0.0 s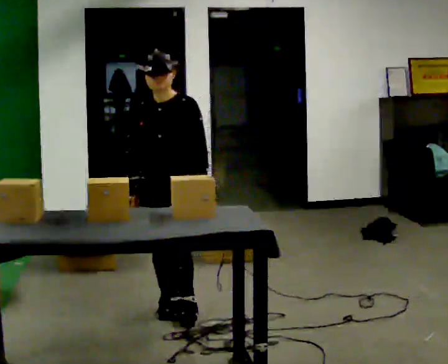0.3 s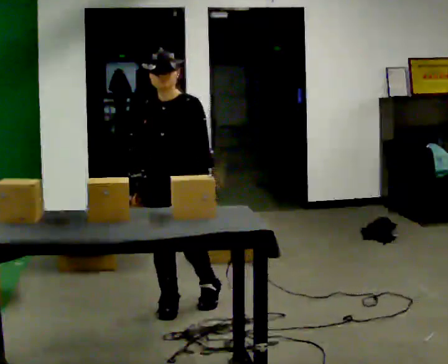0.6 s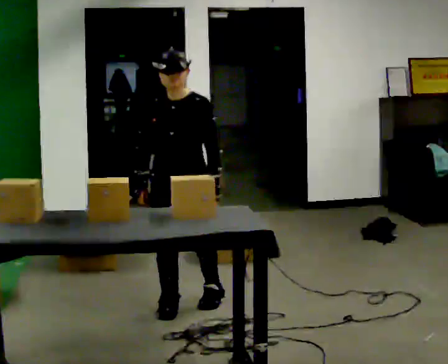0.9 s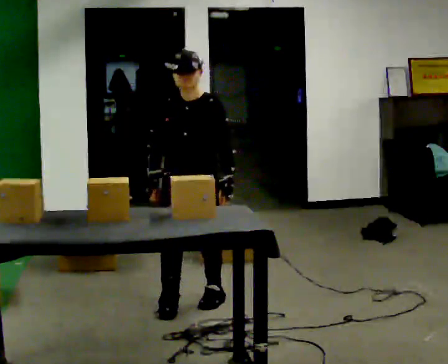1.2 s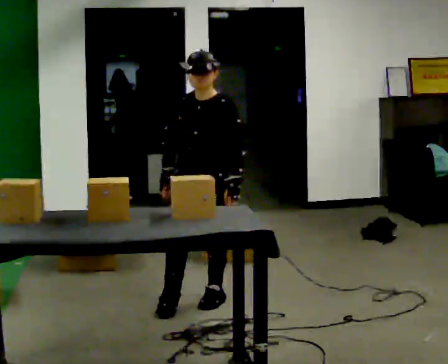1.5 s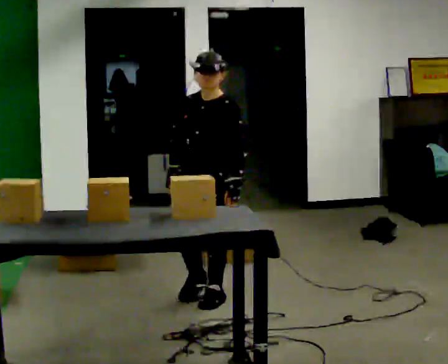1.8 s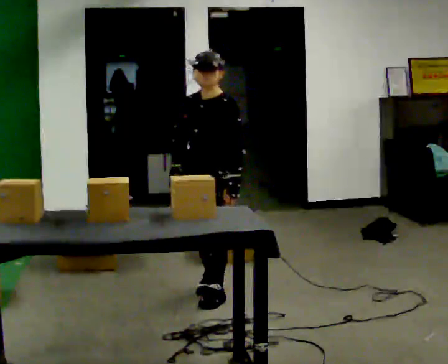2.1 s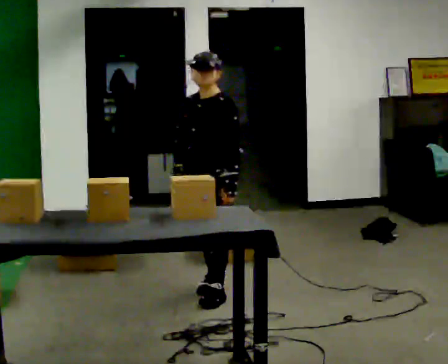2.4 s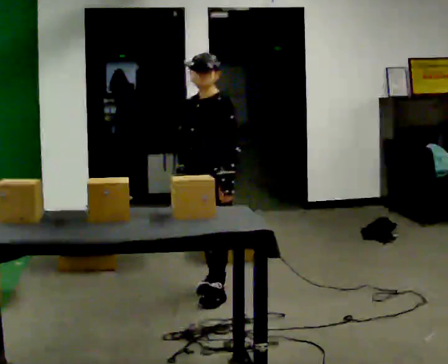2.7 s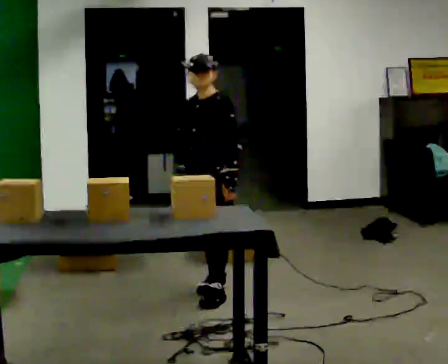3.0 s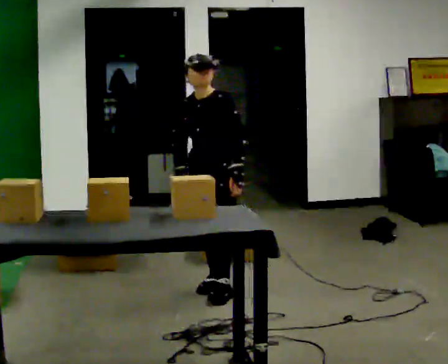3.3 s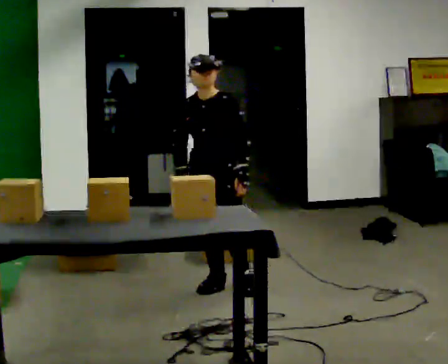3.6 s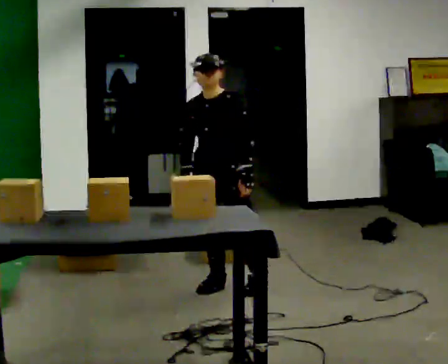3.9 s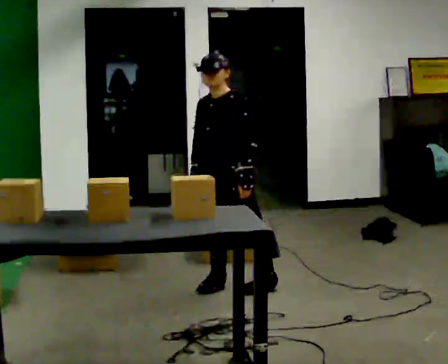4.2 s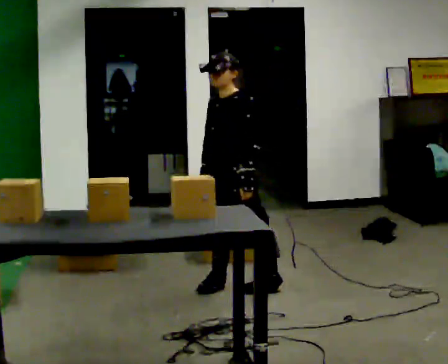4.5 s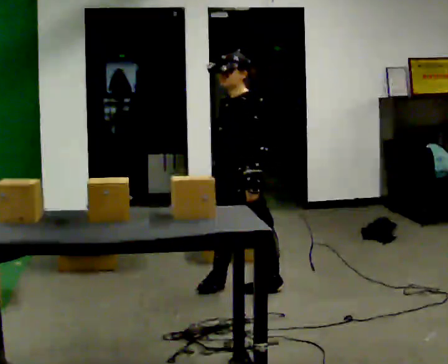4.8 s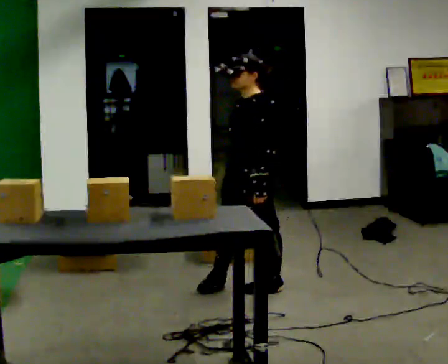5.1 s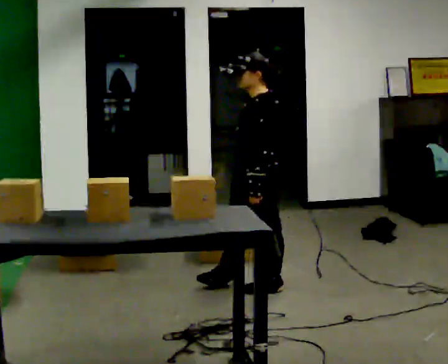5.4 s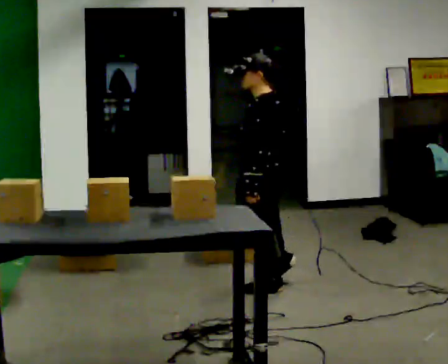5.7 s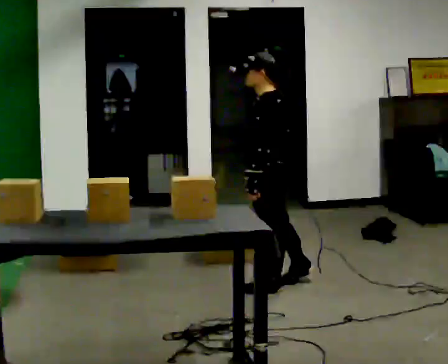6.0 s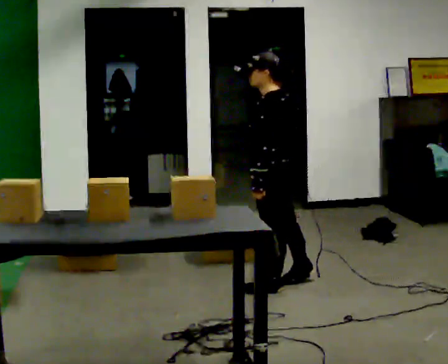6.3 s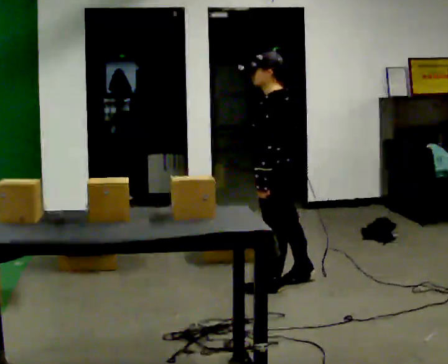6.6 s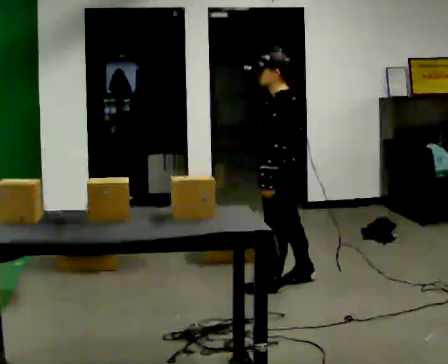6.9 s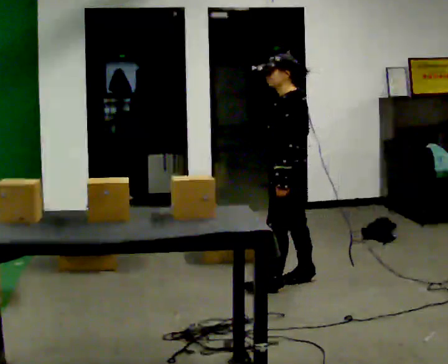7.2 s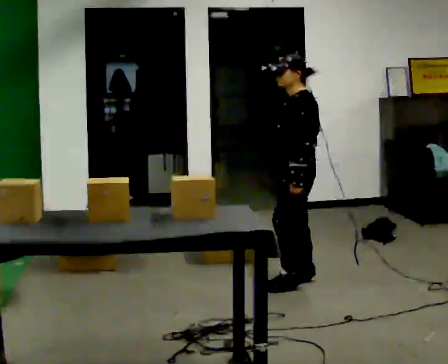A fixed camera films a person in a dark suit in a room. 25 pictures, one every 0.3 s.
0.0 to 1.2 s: In the picture they go away from the camera and to the right, about 0.25 m in 1 step, which for them is backward and to their left.
1.2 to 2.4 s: The part of the body nearest the lens slides to the left as the person turns to their right by about 30 degrees. In the picture they go away from the camera, about 0.25 m, which for them is backward.
2.4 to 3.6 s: The person moves a little, or ends about where they began.
3.6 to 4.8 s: The part of the body nearest the lens slides to the left as the person turns to their right by about 45 degrees. In the picture they go to the right, about 0.25 m, which for them is to their left.
4.8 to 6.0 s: Seen from above the body turns clockwise, about 30 degrees: to their right, with its near side sliding to the left.
6.0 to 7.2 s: In the picture they go to the right, about 0.25 m in 1 step, which for them is backward and to their right.
The film runs backward here.
